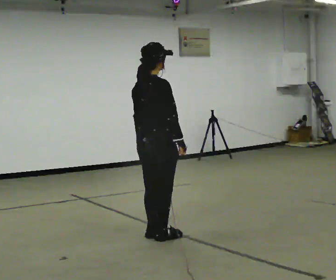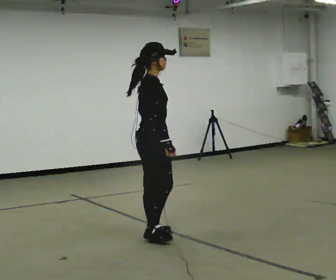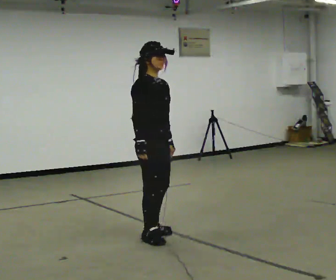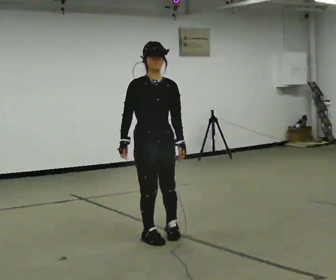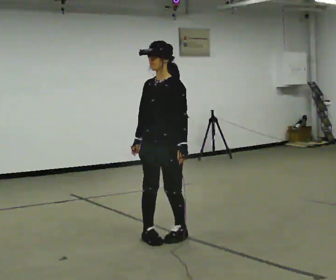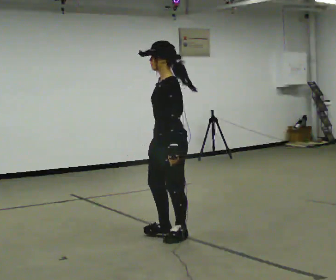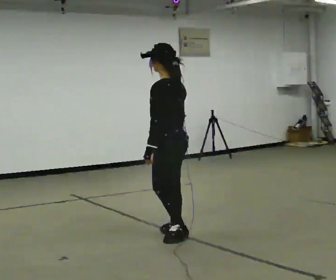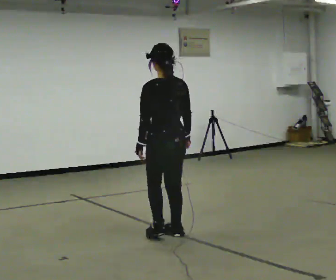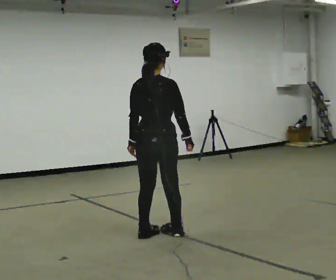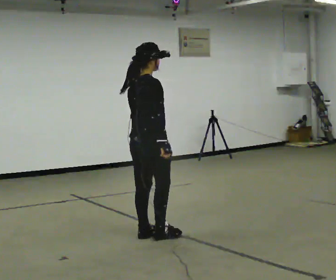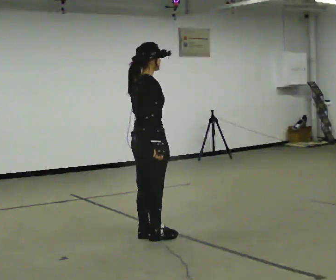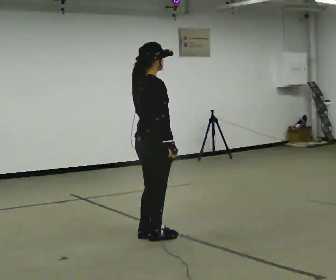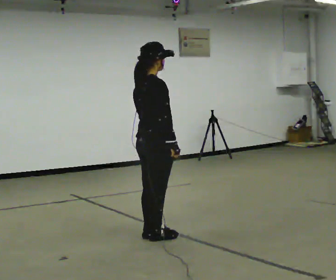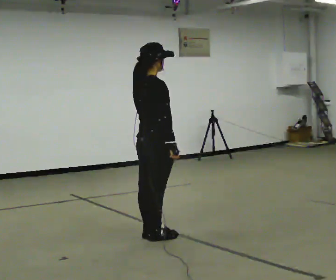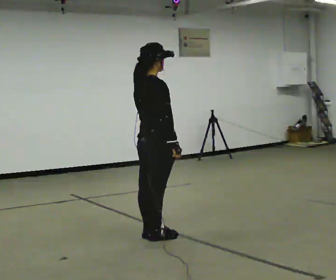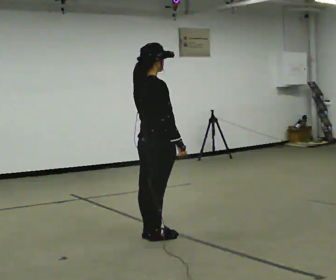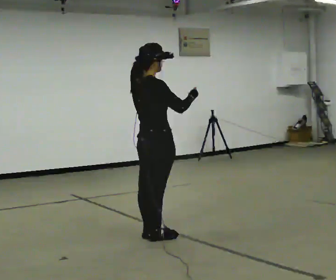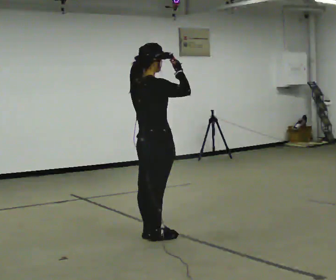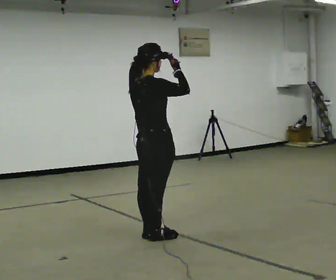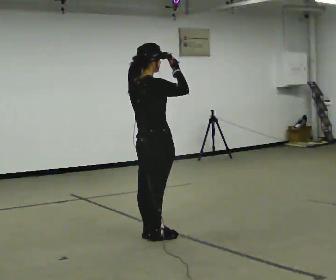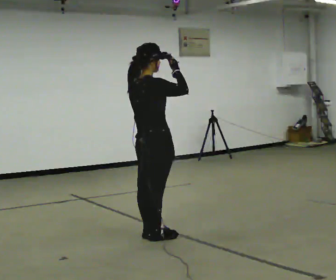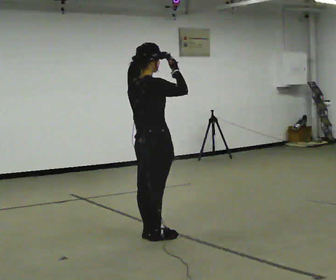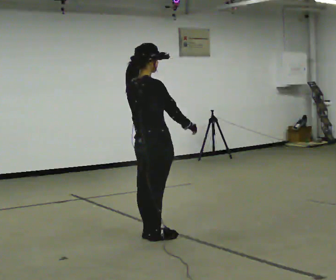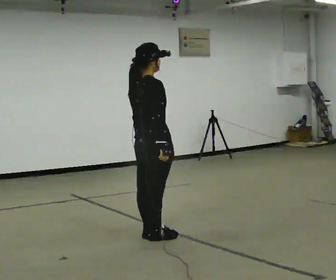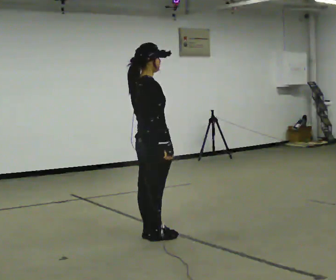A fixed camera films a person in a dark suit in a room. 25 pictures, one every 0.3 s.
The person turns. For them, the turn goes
to their right.
The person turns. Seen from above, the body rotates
clockwise.
0.0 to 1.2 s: The part of the body nearest the lens slides to the left as the person turns to their right by about 165 degrees. In the picture their right hand goes to the left, the arm swinging clockwise.
1.2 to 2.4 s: The person turns about 165 degrees to their right, clockwise seen from above, so the part of the body nearest the lens slides to the left. In the picture their right hand goes to the right, the arm swinging counterclockwise.
2.4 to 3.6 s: Seen from above the body turns clockwise, about 30 degrees: to their right, with its near side sliding to the left.
3.6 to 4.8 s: In the picture their right hand goes upward, the arm swinging counterclockwise.
4.8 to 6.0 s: The person moves a little, or ends about where they began.
6.0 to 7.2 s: In the picture their right hand goes downward.
The film runs forward here.
